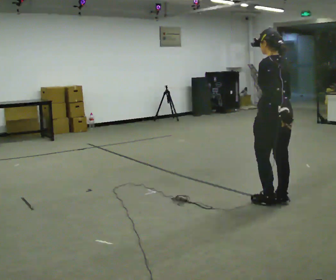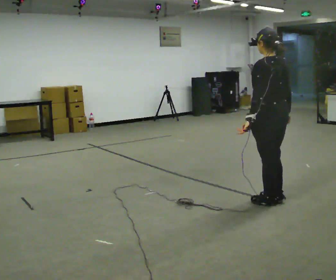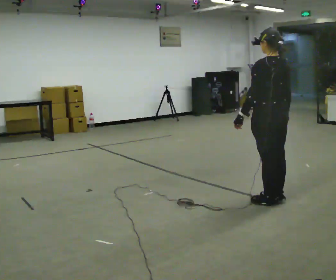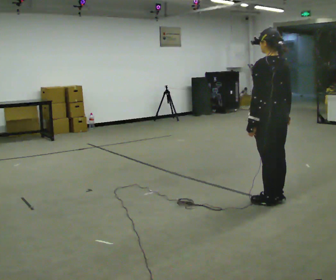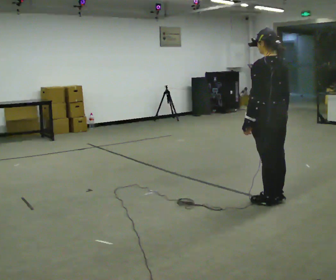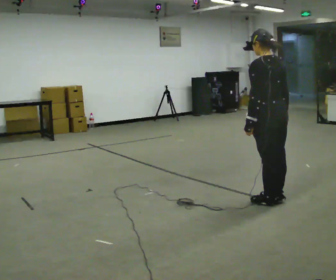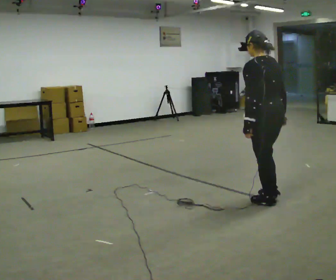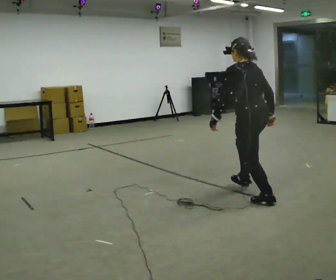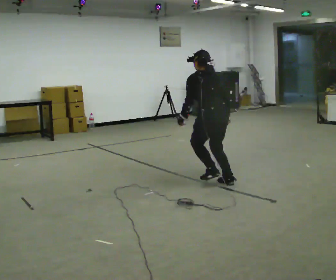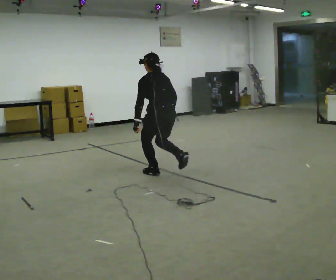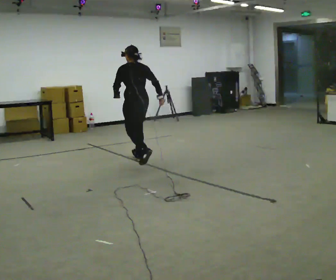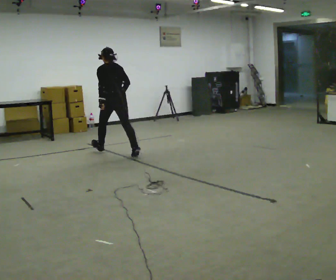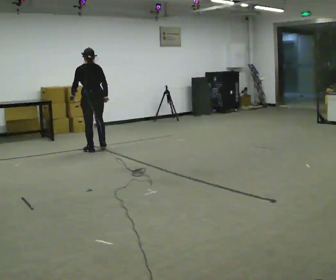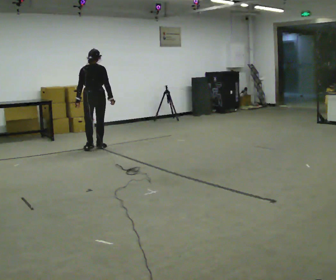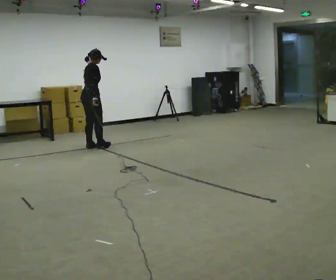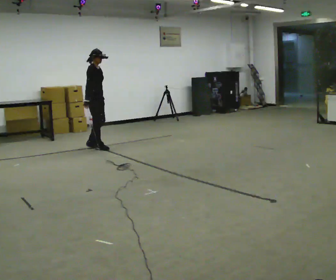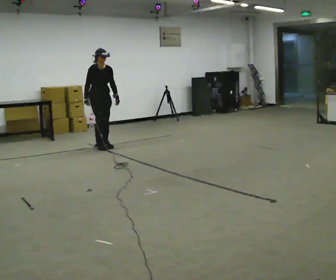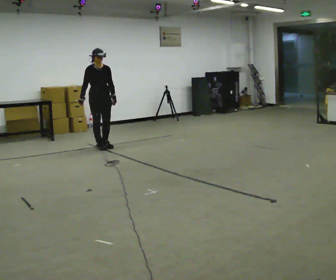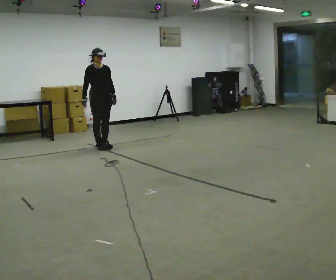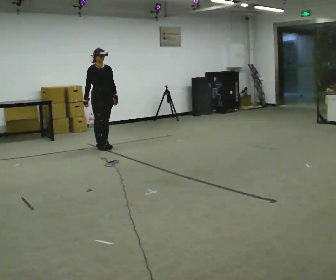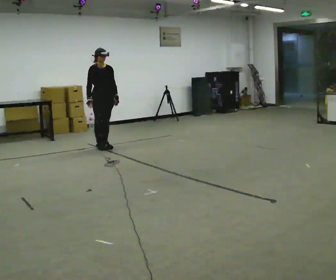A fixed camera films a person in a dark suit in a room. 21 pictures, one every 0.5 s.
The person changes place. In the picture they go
away from the camera.
0.0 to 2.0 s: The person moves a little, or ends about where they began.
2.0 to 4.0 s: In the picture they go away from the camera and to the left, about 1 m in 1 step, which for them is forward.
4.0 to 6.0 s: In the picture they go away from the camera and to the left, about 2.5 m in 3 steps, which for them is forward.
6.0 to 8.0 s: Seen from above the body turns clockwise, about 180 degrees: to their right, with its near side sliding to the left. In the picture they go away from the camera, about 0.25 m in 3 steps.
8.0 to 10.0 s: The person moves a little, or ends about where they began.
The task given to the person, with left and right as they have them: Run forward with long exaggerated bounding strides, spending as long in the air as you comfortably can.
The film runs forward here.
